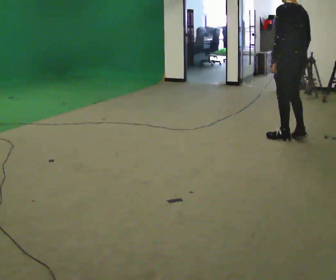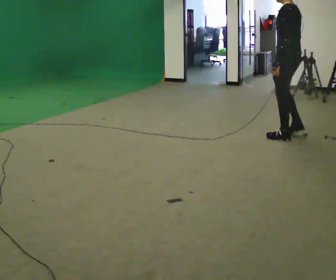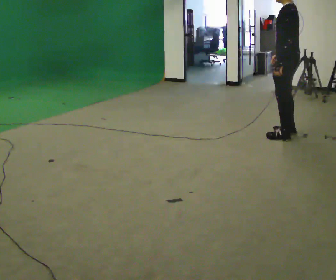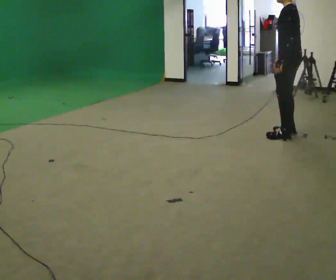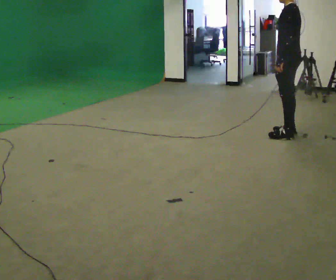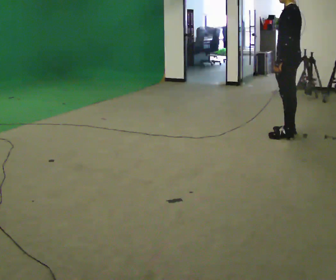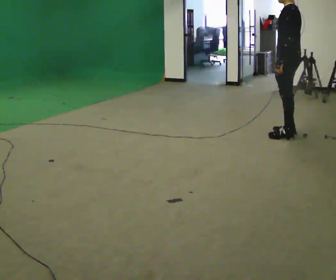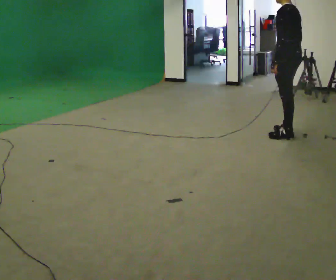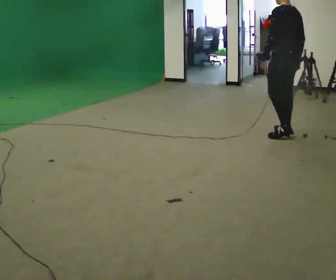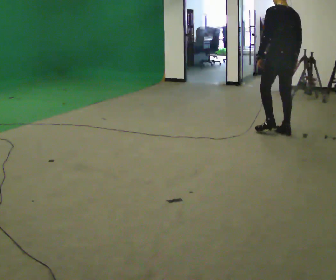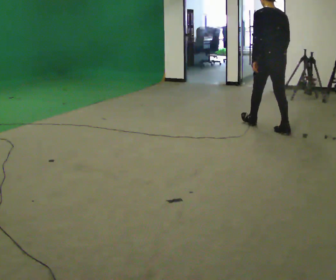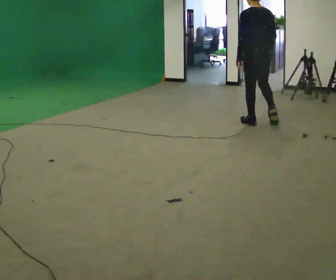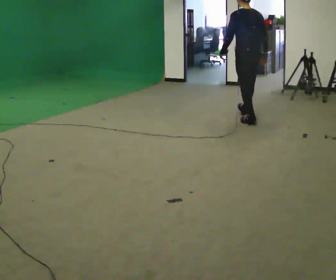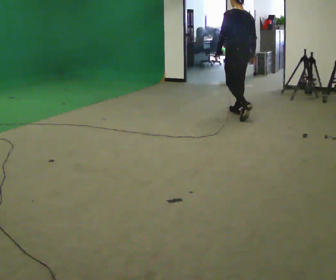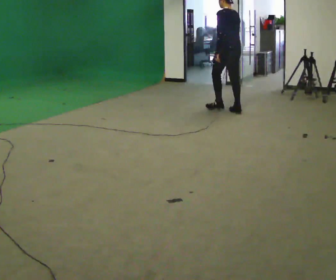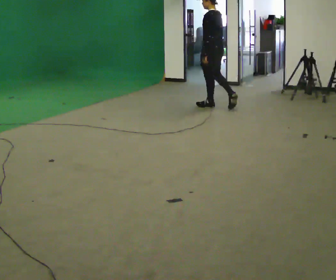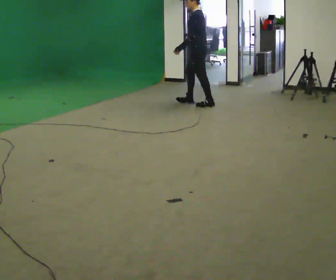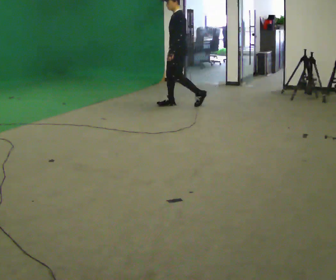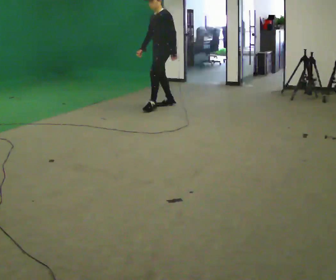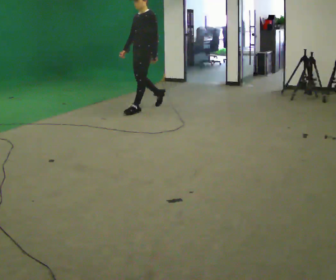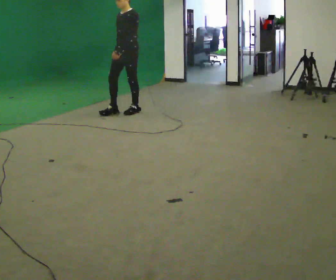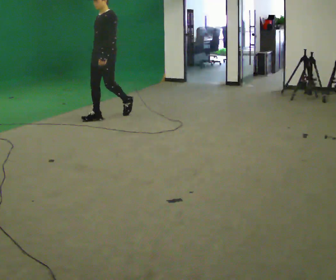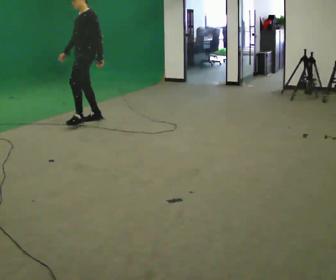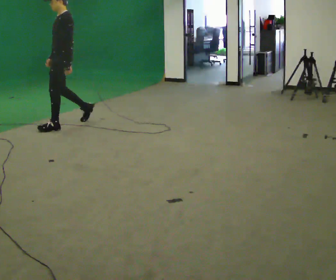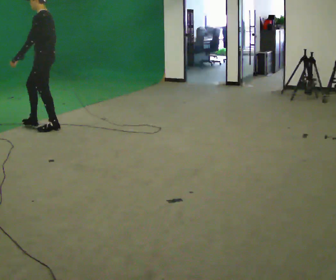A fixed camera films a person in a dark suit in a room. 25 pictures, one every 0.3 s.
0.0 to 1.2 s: The part of the body nearest the lens slides to the right as the person turns to their left by about 30 degrees. In the picture they go away from the camera, about 0.25 m in 1 step, which for them is to their right.
1.2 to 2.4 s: Seen from above the body turns clockwise, about 30 degrees: to their right, with its near side sliding to the left.
2.4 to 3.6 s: In the picture they go away from the camera and to the left, about 0.5 m in 1 step, which for them is forward.
3.6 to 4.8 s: The part of the body nearest the lens slides to the right as the person turns to their left by about 60 degrees. In the picture they go to the left and away from the camera, about 1 m in 2 steps.
4.8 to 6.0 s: The part of the body nearest the lens slides to the right as the person turns to their left by about 60 degrees. In the picture they go to the left and toward the camera, about 1 m in 2 steps, which for them is forward.
6.0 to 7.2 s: Seen from above the body turns clockwise, about 45 degrees: to their right, with its near side sliding to the left. In the picture they go toward the camera and to the left, about 1 m in 2 steps, which for them is forward.
The film runs forward here.
